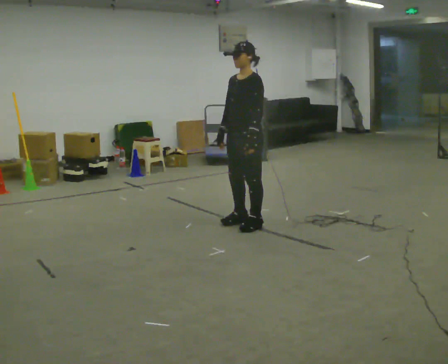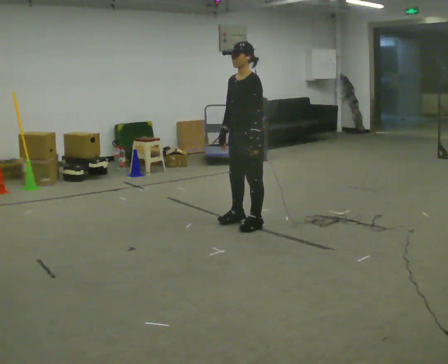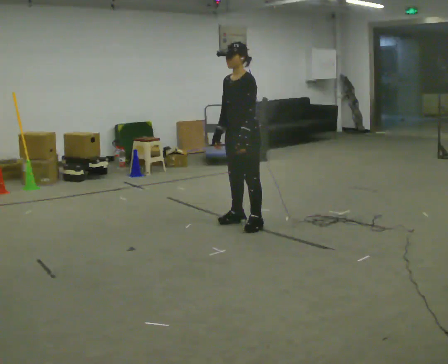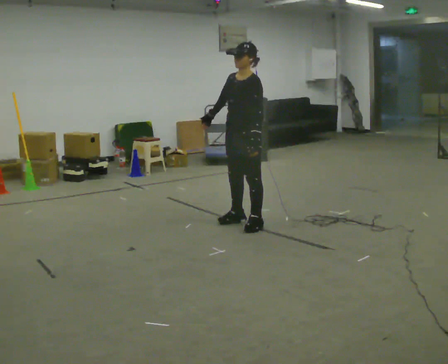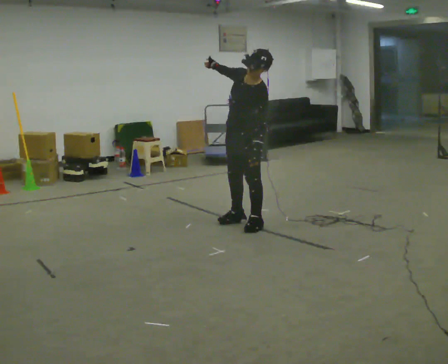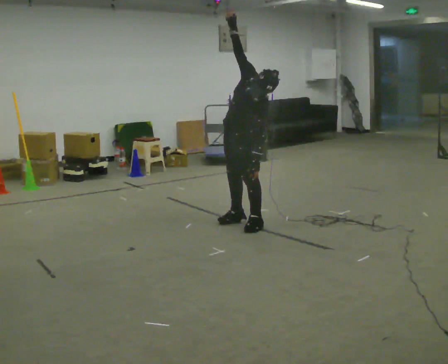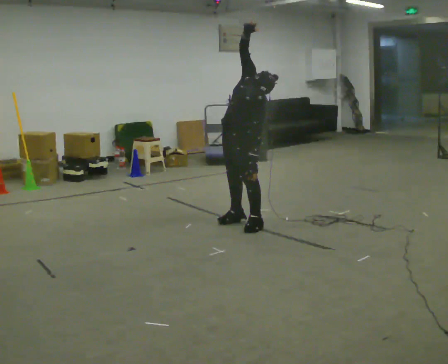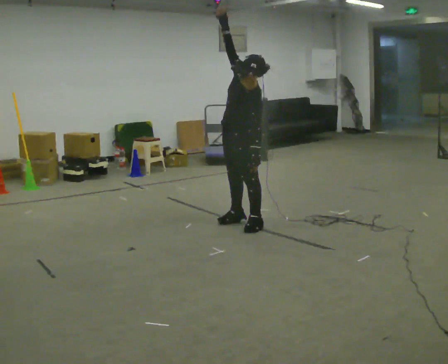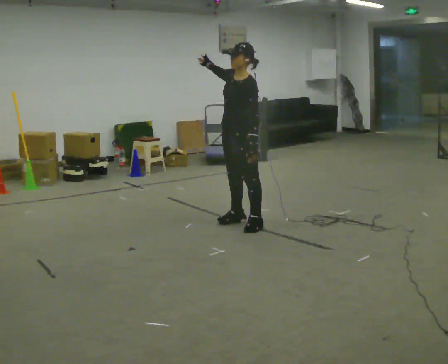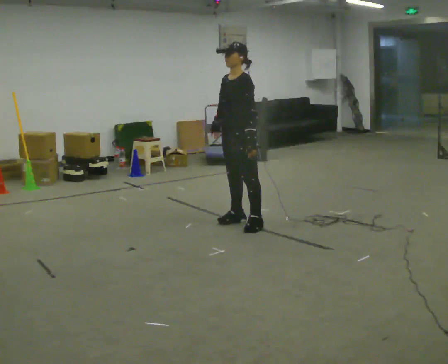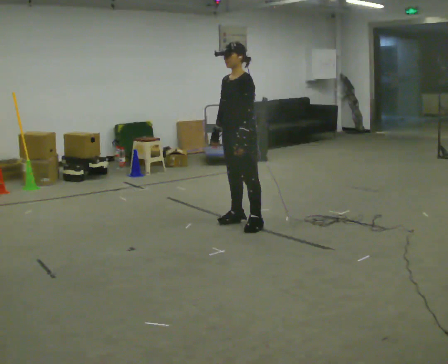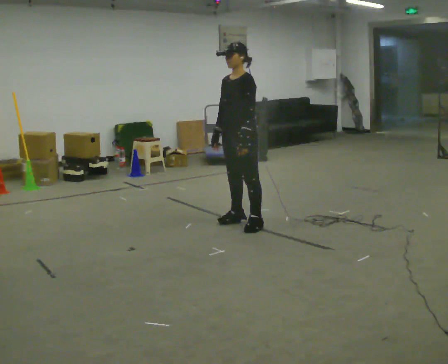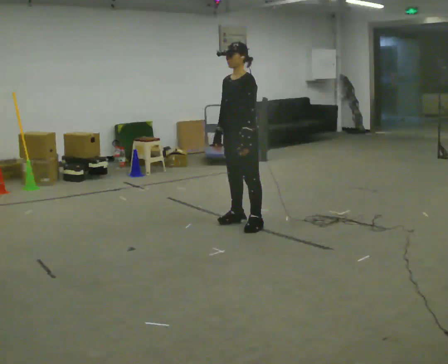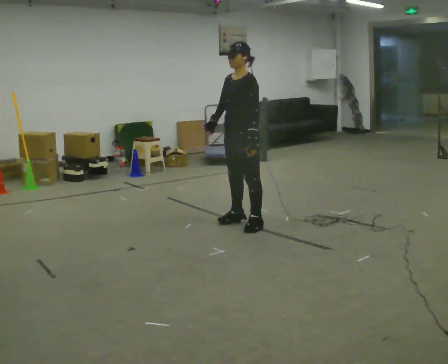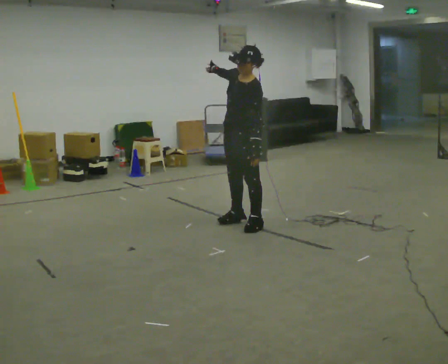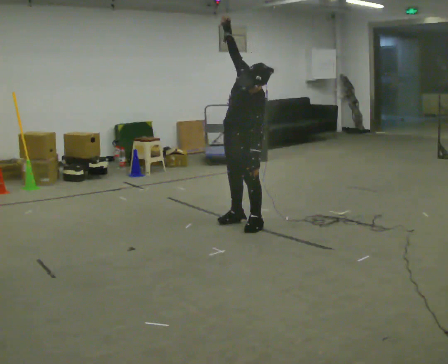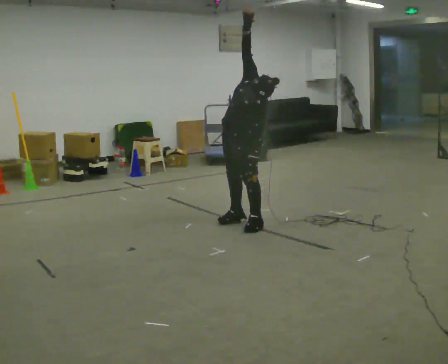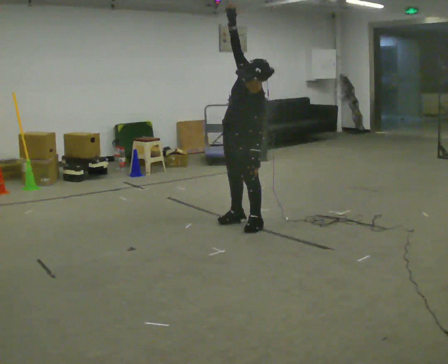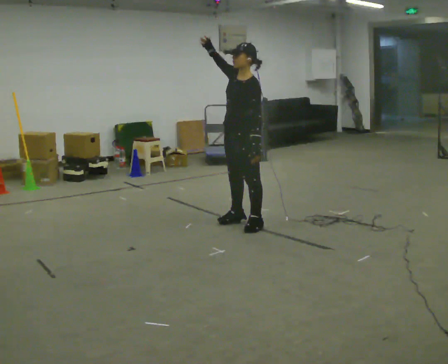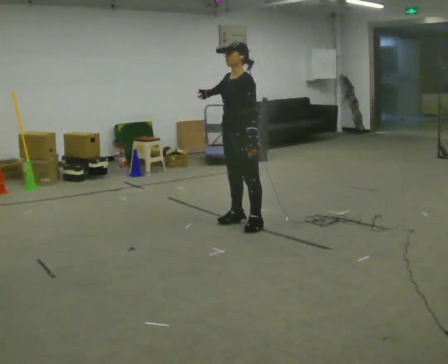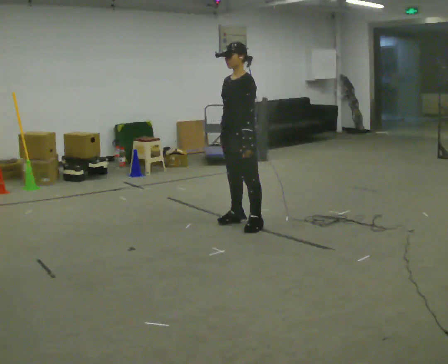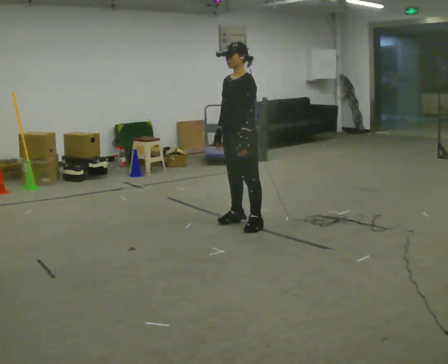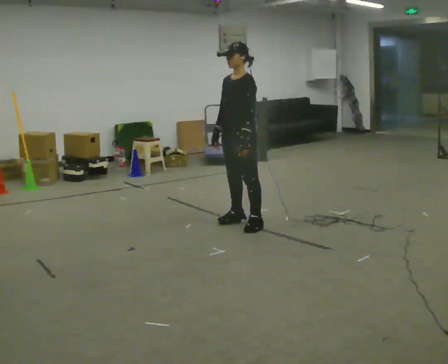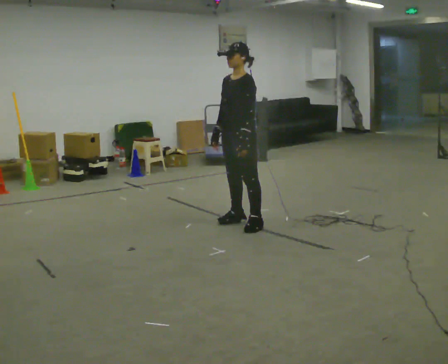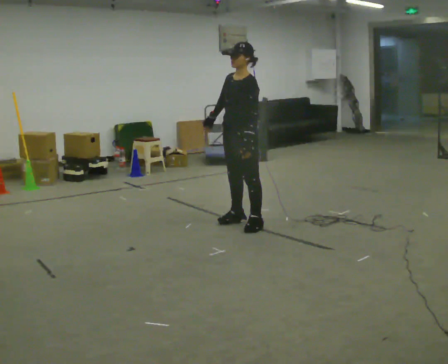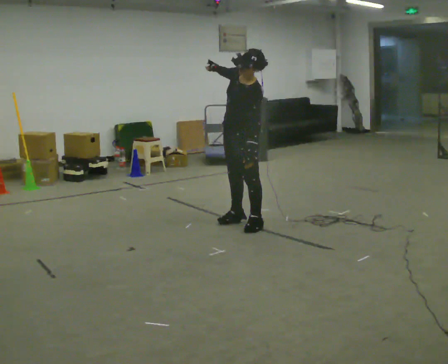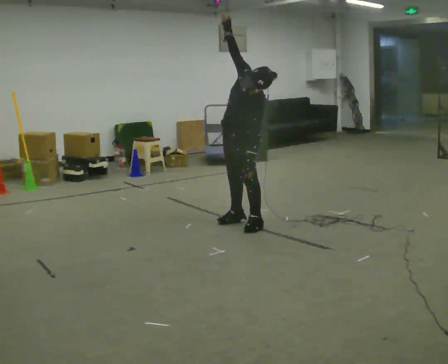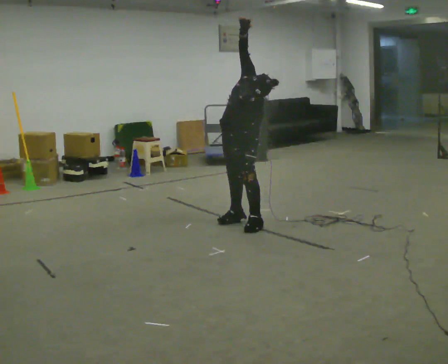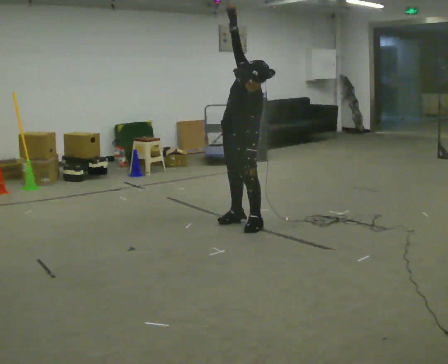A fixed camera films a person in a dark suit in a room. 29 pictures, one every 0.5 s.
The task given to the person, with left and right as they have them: Keeping your feet still and facing forward, bend your upper body sideways to one side, return upright, then bend to the other side. Reach the arm overhead as you bend. Repeat the movement at your own pace until the operator says stop; do not rush.
0.0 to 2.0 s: The upper body tips toward the camera, its near side rolling downward. In the picture their right hand goes upward, the arm swinging clockwise.
2.0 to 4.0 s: The person moves a little, or ends about where they began.
4.0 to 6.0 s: In the picture their right hand goes downward.
6.0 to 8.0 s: The upper body tips toward the camera, its near side rolling downward. In the picture their right hand goes upward.
8.0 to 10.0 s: The upper body tips away from the camera, its near side rolling upward. In the picture their right hand goes downward.
10.0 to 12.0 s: The person moves a little, or ends about where they began.
12.0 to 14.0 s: In the picture their right hand goes upward.
The film runs forward here.
